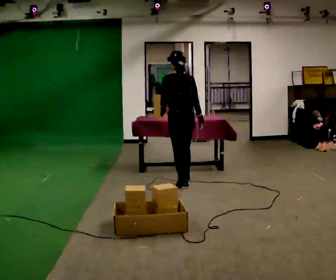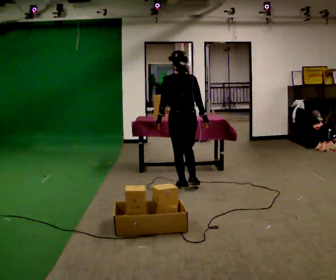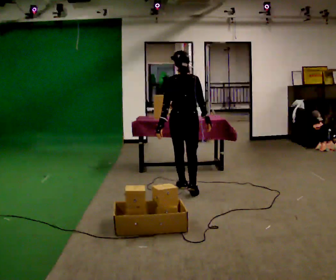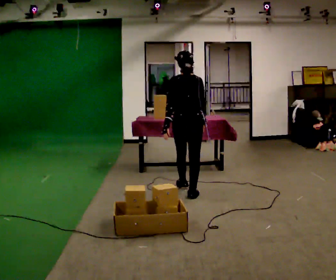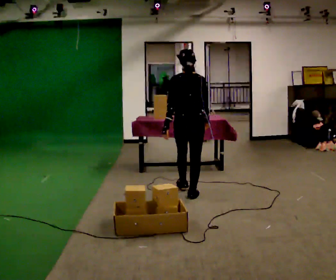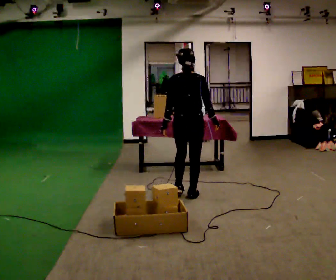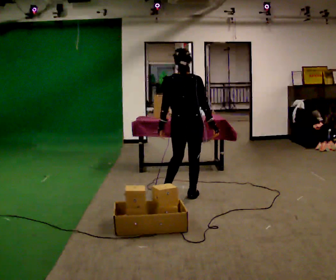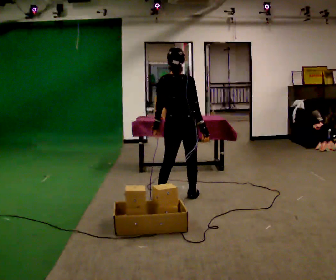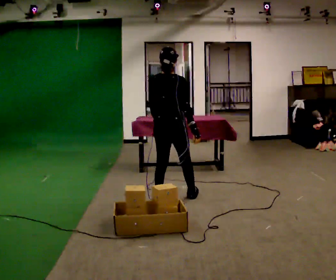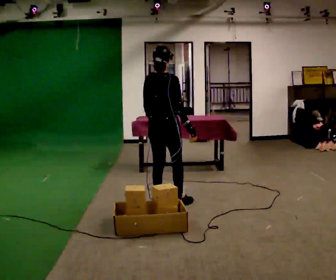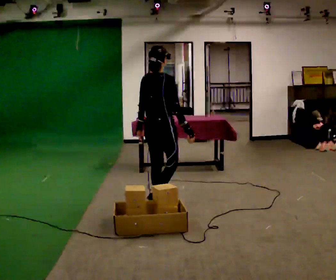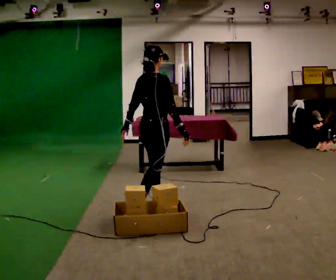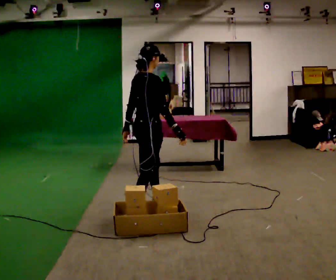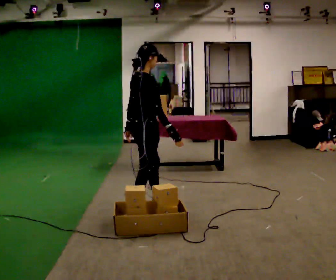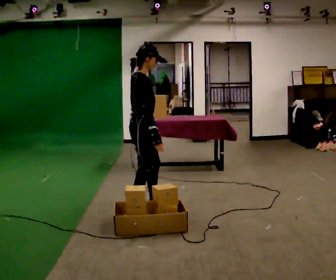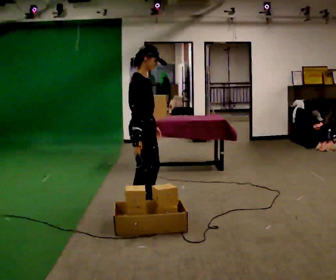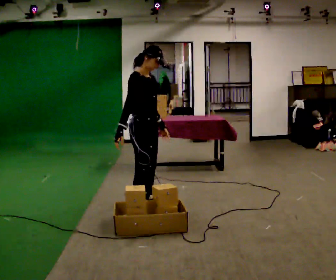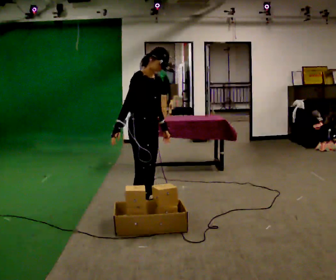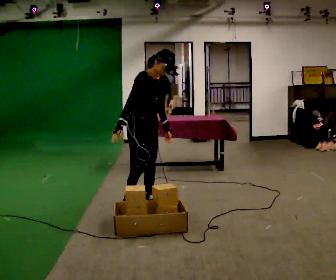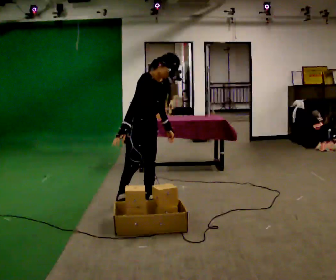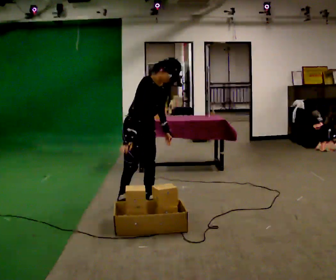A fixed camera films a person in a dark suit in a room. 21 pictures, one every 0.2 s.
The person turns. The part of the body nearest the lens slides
to the left.
The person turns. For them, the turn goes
to their right.
0.0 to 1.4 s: The person turns about 30 degrees to their right, clockwise seen from above, so the part of the body nearest the lens slides to the left. In the picture they go toward the camera, about 0.5 m in 1 step, which for them is backward.
1.4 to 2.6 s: The part of the body nearest the lens slides to the left as the person turns to their right by about 60 degrees. In the picture they go toward the camera and to the left, about 0.5 m in 1 step, which for them is backward.
2.6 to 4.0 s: Seen from above the body turns clockwise, about 60 degrees: to their right, with its near side sliding to the left. In the picture they go away from the camera, about 0.25 m in 1 step. In the picture the upper body tilts clockwise, shoulders to the right, as they bend forward. In the picture their right hand goes to the left, the arm swinging clockwise.
The film runs backward here.
